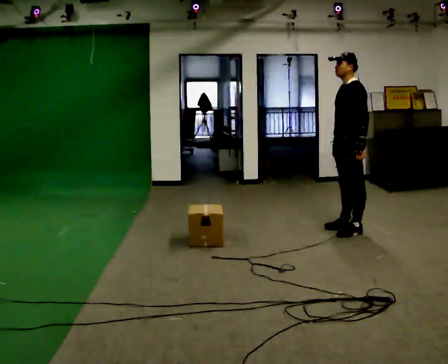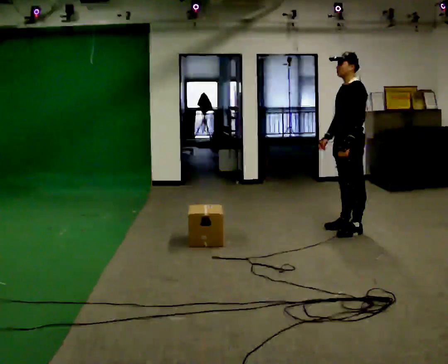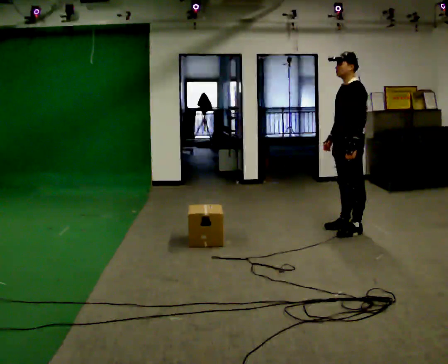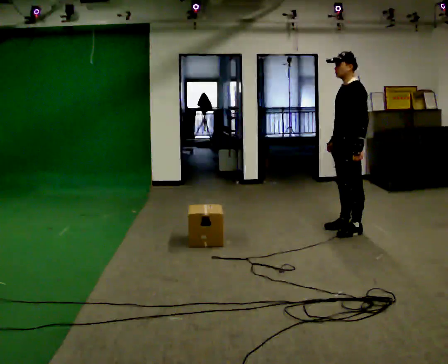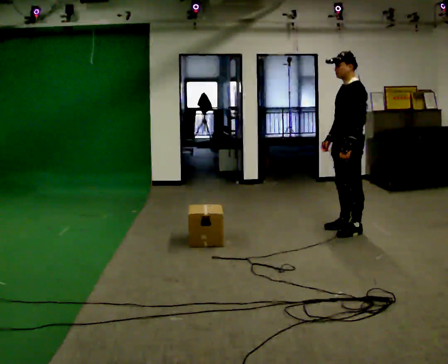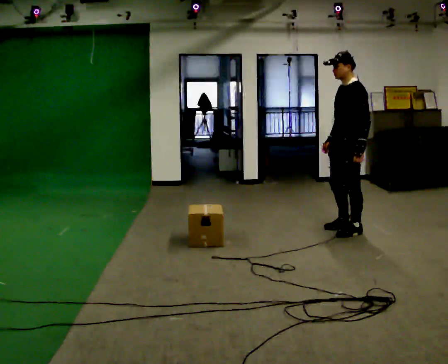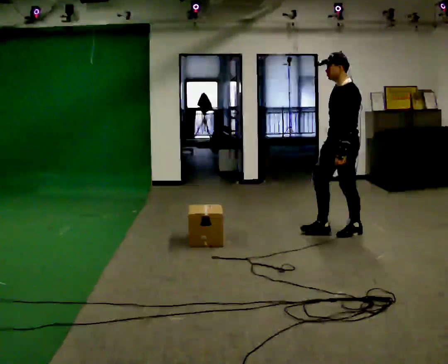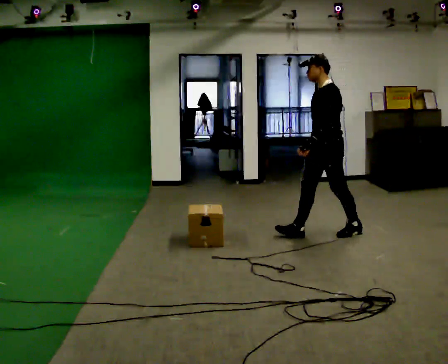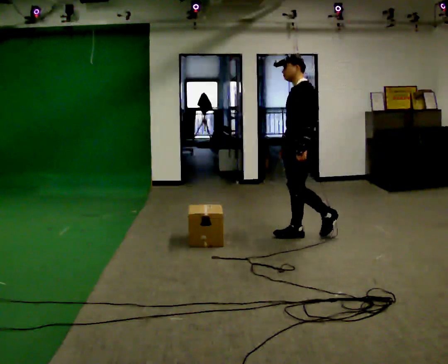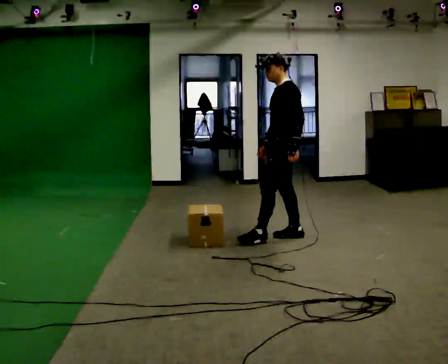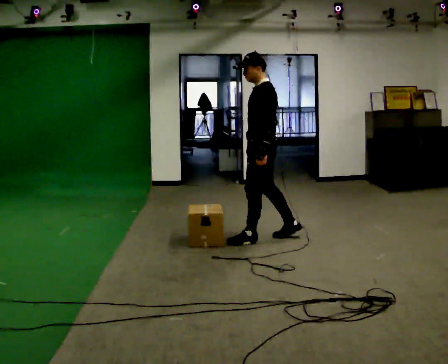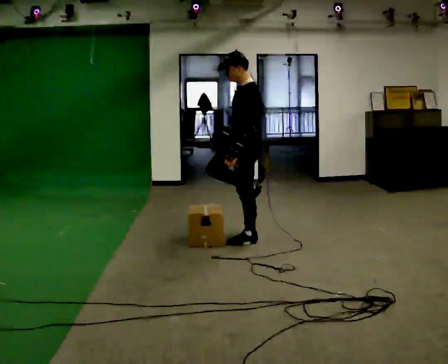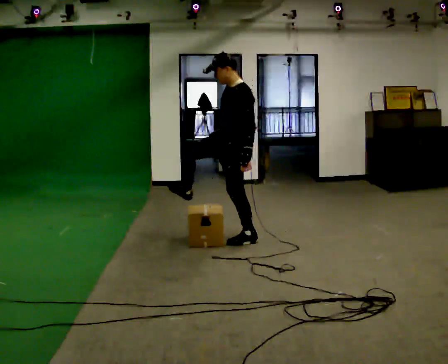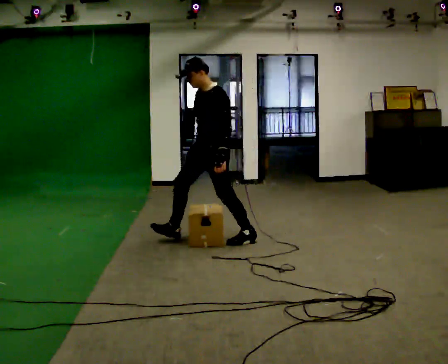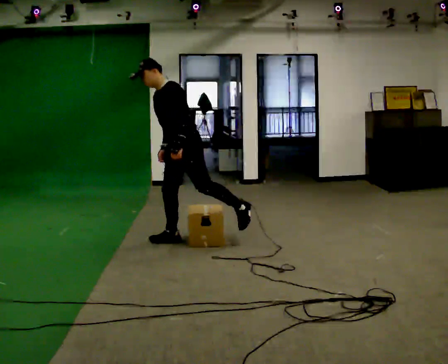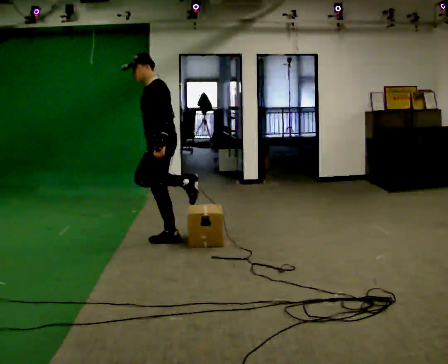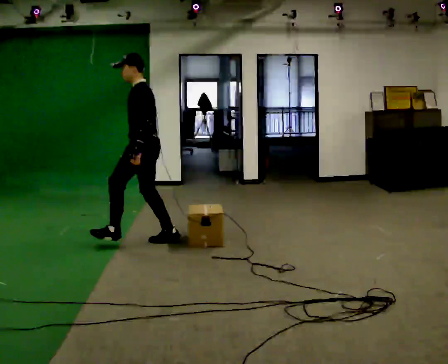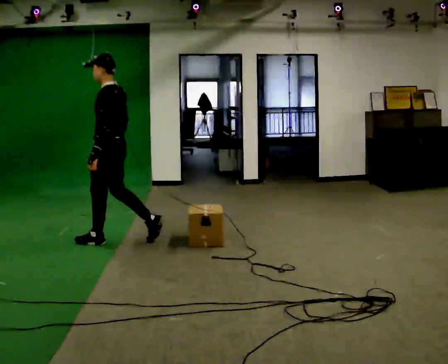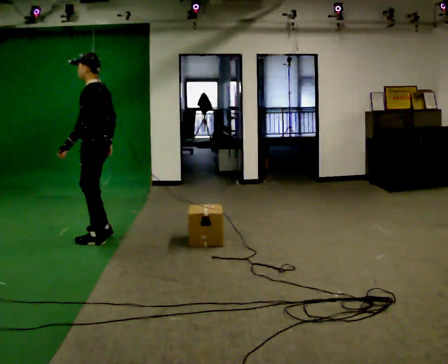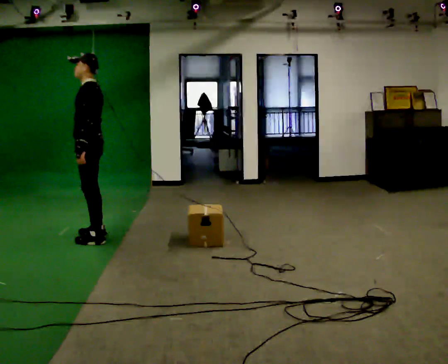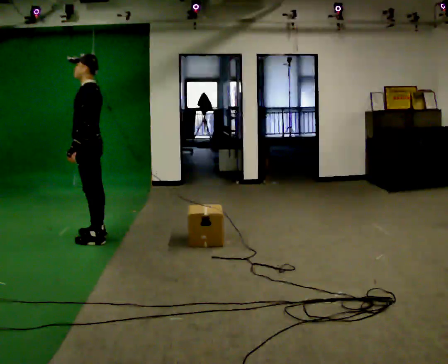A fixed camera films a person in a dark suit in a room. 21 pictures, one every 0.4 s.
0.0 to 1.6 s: The person moves a little, or ends about where they began.
1.6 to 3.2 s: In the picture they go to the left, about 0.5 m in 1 step, which for them is forward.
3.2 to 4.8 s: In the picture they go to the left, about 0.75 m in 1 step, which for them is forward.
4.8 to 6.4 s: In the picture they go to the left, about 1 m in 1 step, which for them is forward and to their right. The upper body tips away from the camera, its near side rolling upward.
6.4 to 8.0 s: In the picture they go to the left, about 0.5 m in 2 steps, which for them is forward.
The film runs forward here.
